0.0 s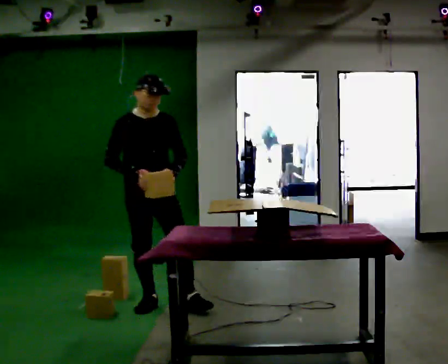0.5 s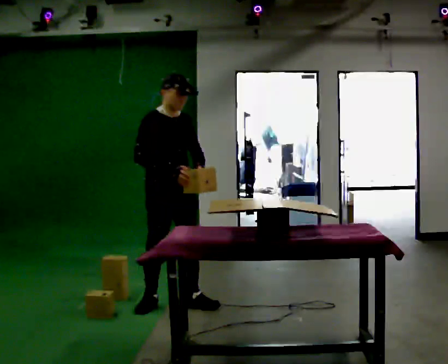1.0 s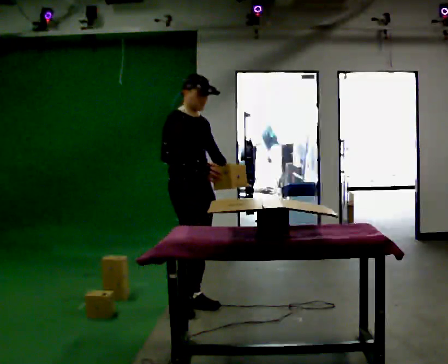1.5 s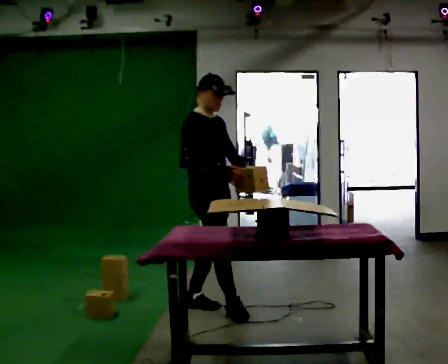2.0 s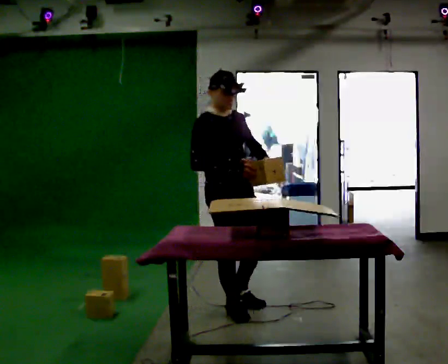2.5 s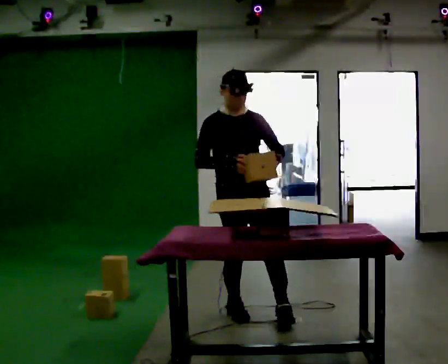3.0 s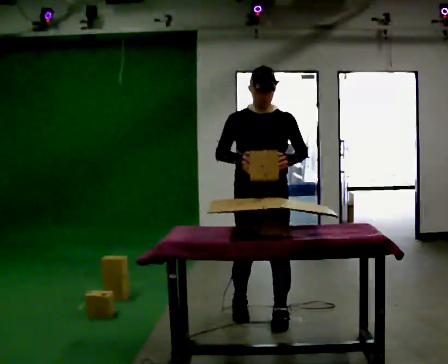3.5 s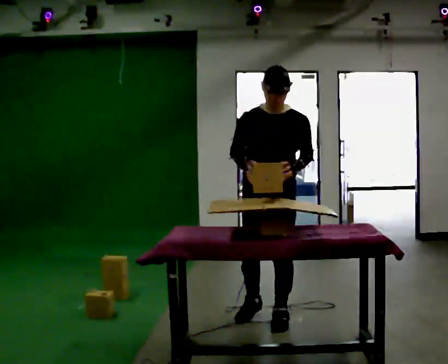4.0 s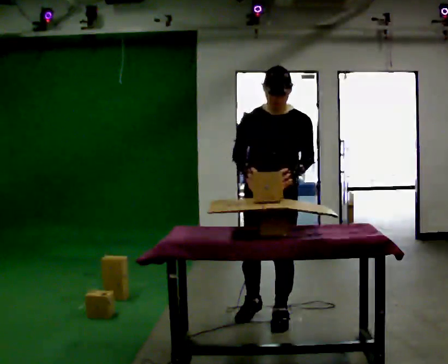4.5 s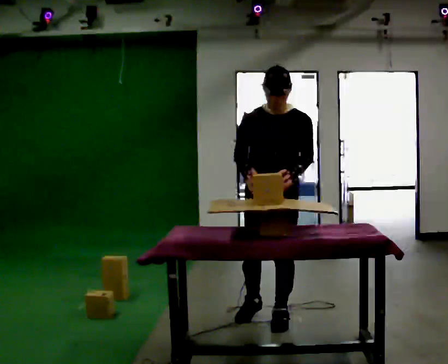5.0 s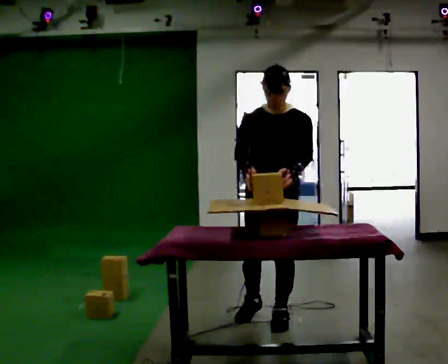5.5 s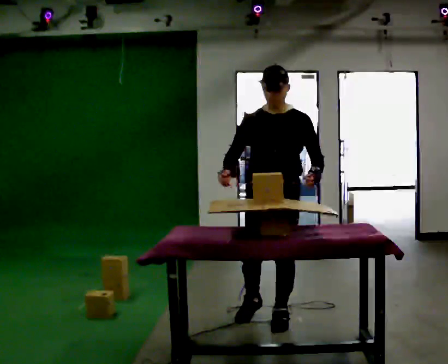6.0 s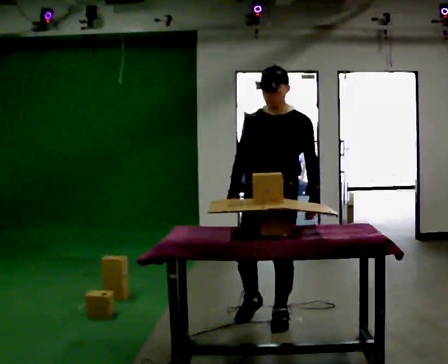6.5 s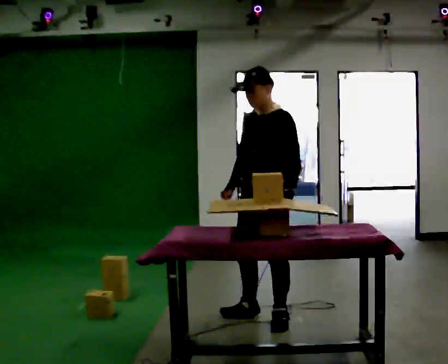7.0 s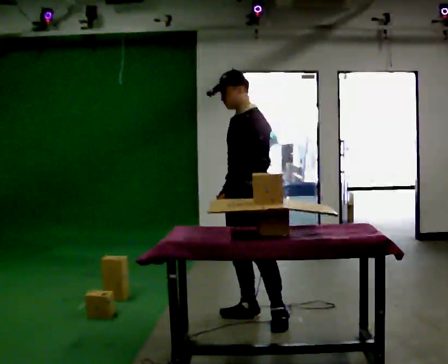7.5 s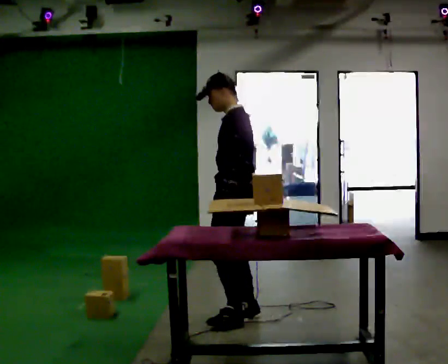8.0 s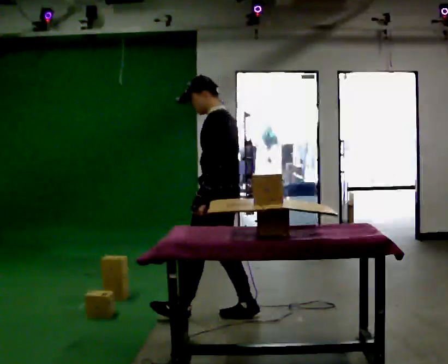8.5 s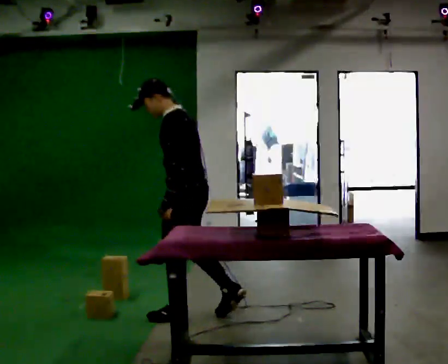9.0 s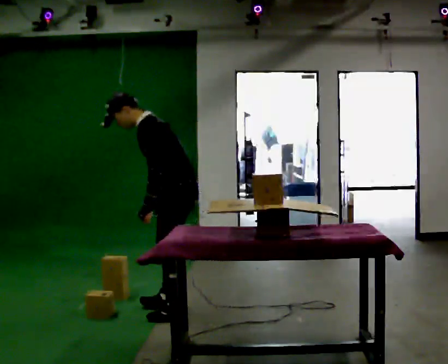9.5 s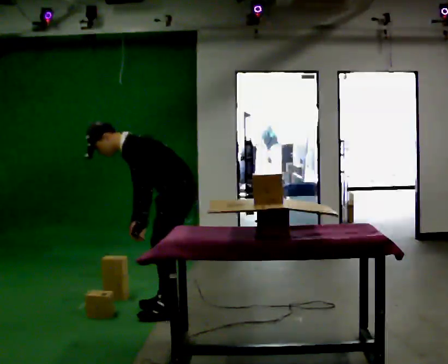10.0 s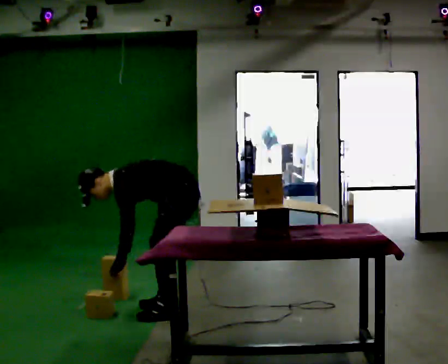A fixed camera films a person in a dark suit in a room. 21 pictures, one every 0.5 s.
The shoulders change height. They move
downward.
0.0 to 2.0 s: In the picture they go to the right, about 0.75 m in 2 steps, which for them is forward.
2.0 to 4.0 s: The part of the body nearest the lens slides to the left as the person turns to their right by about 60 degrees. In the picture they go to the right and toward the camera, about 0.25 m in 2 steps, which for them is to their left and forward.
4.0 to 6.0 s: The person moves a little, or ends about where they began.
6.0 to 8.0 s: The part of the body nearest the lens slides to the left as the person turns to their right by about 90 degrees. In the picture they go to the left, about 0.5 m in 1 step.
8.0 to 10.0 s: Seen from above the body turns counterclockwise, about 30 degrees: to their left, with its near side sliding to the right. In the picture they go to the left, about 0.25 m in 1 step, which for them is forward and to their right. The upper body goes downward. In the picture the upper body tilts counterclockwise, shoulders to the left, as they bend forward. In the picture their right hand goes downward.
The film runs forward here.
